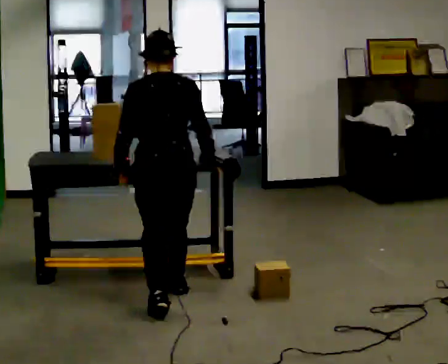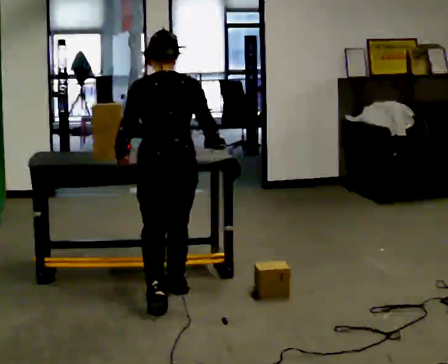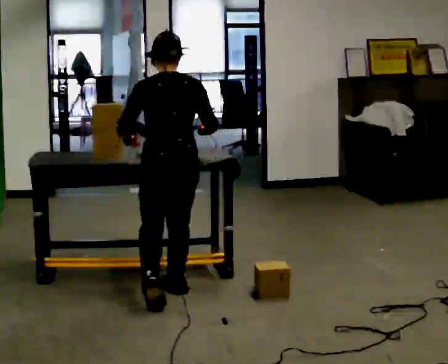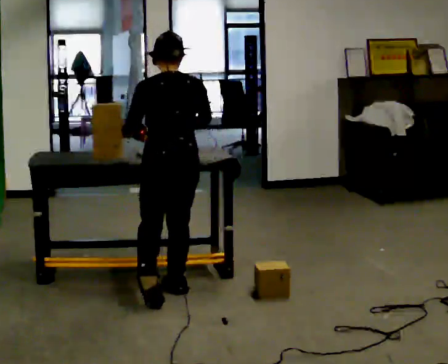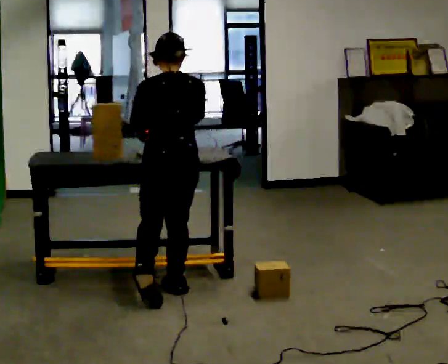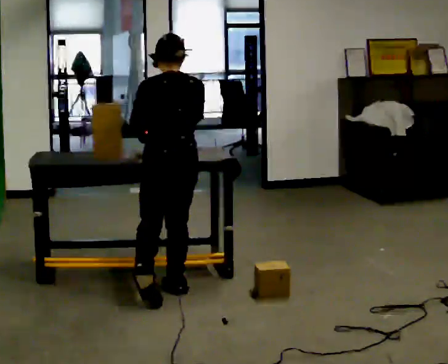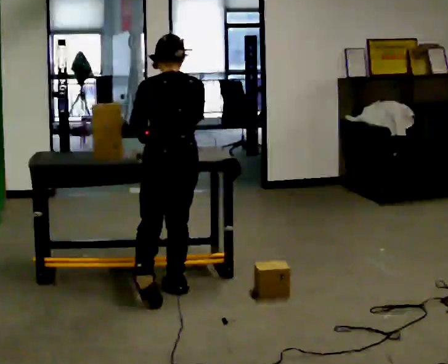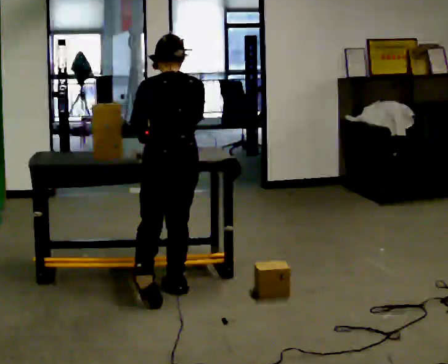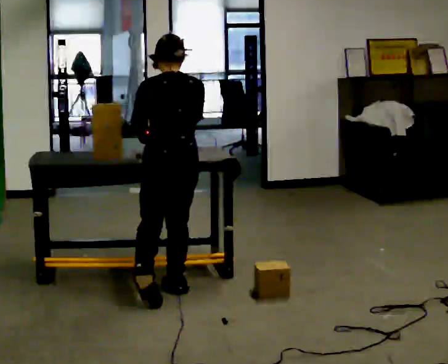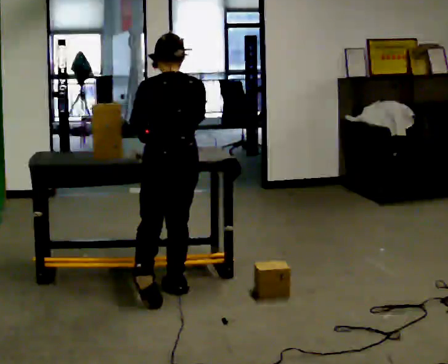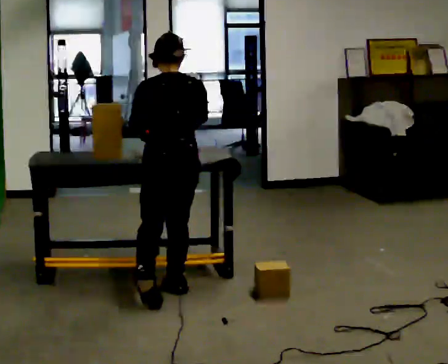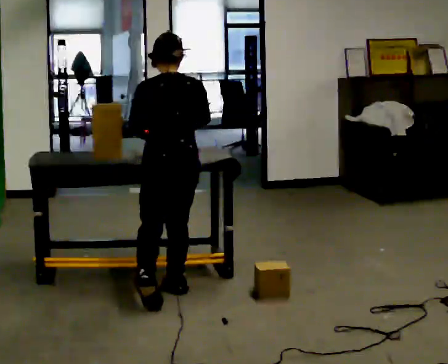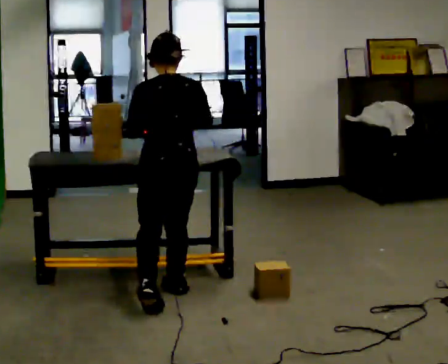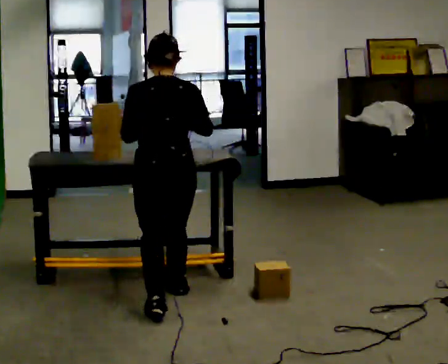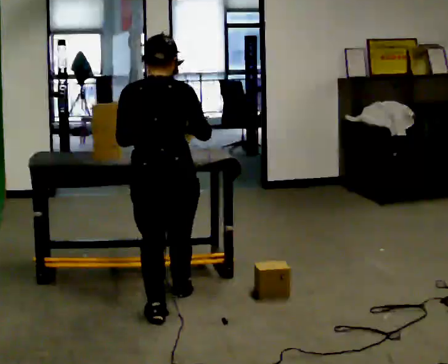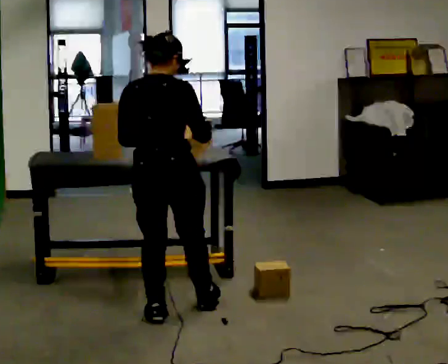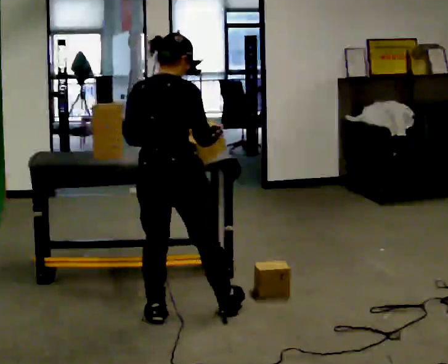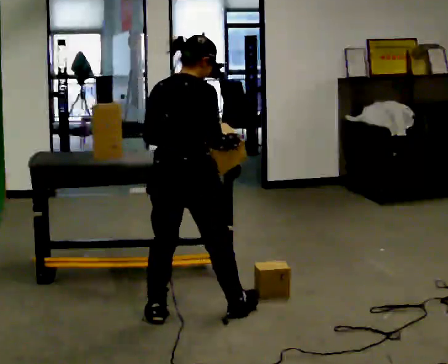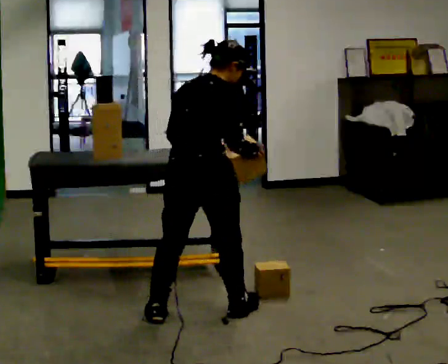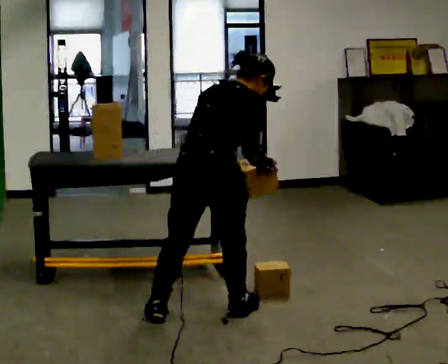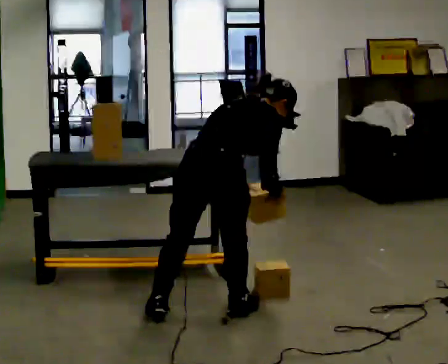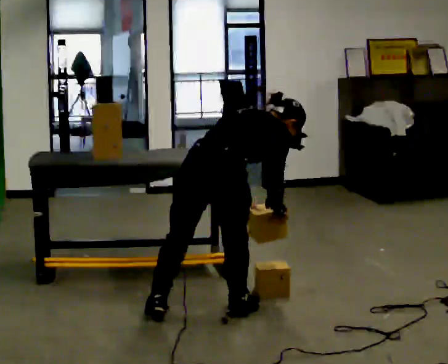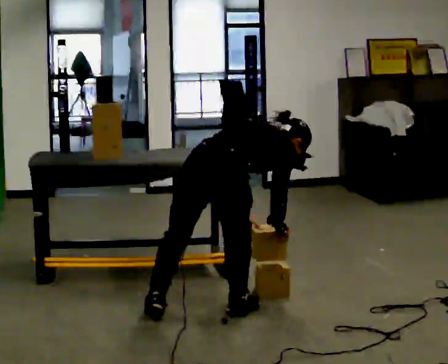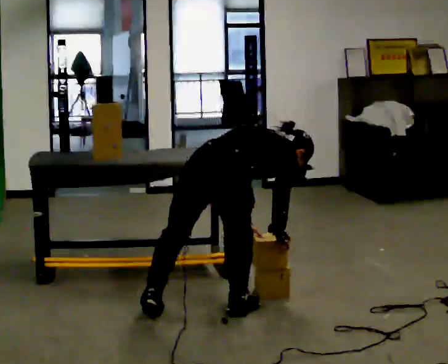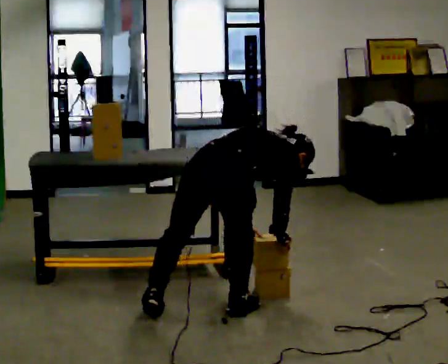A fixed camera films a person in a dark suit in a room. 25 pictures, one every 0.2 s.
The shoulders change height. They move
downward.
The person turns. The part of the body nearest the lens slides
to the left.
0.0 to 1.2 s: In the picture they go away from the camera, about 0.25 m in 1 step, which for them is forward and to their right.
1.2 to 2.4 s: In the picture they go toward the camera, about 0.25 m, which for them is backward.
2.4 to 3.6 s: The person turns about 60 degrees to their right, clockwise seen from above, so the part of the body nearest the lens slides to the left. In the picture they go toward the camera, about 0.25 m in 2 steps, which for them is backward and to their right. The upper body tips away from the camera, its near side rolling upward, as they bend forward.
3.6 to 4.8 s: The upper body goes downward. In the picture the upper body tilts clockwise, shoulders to the right, as they bend forward. In the picture their right hand goes downward.
The film runs forward here.
